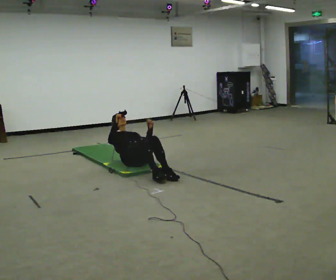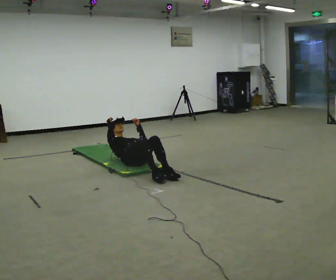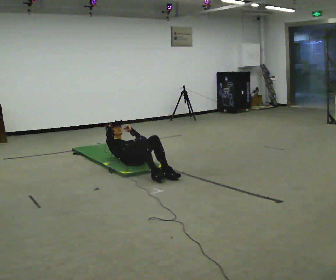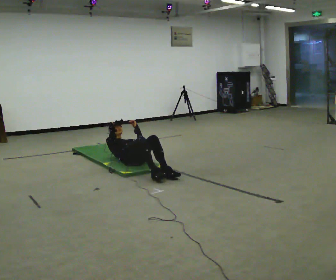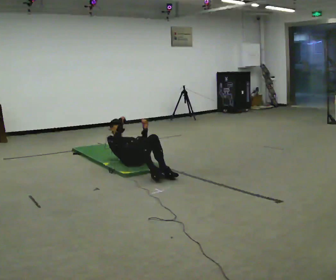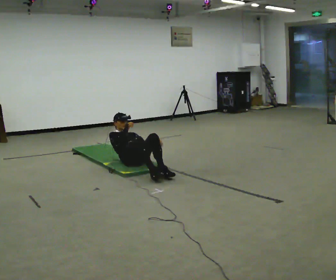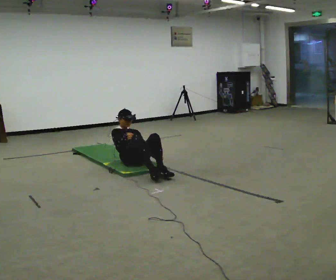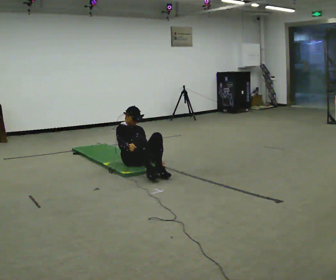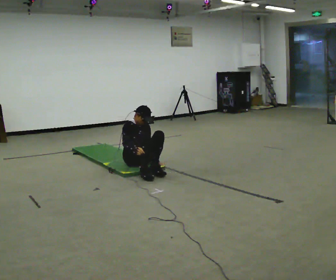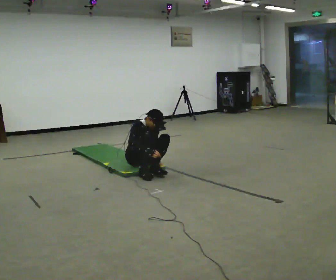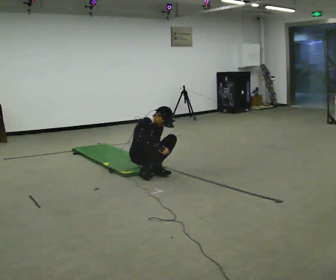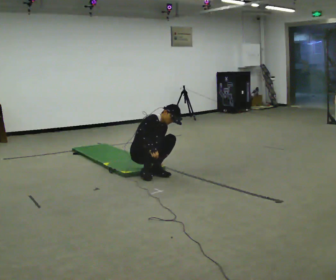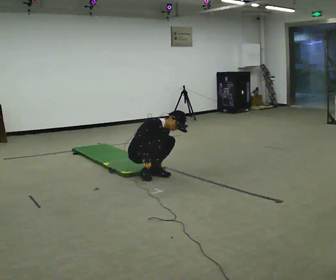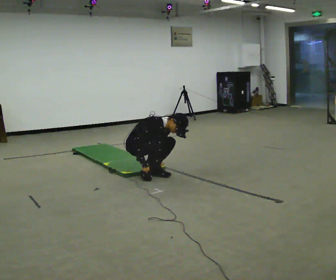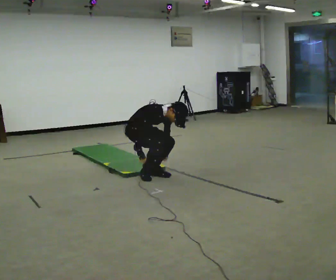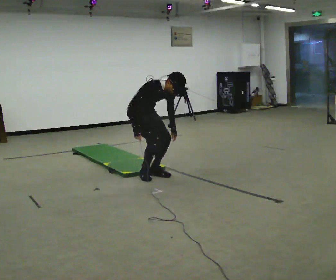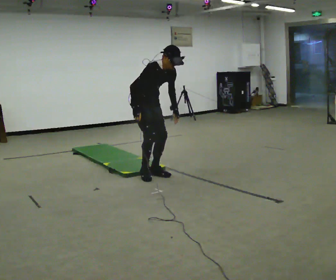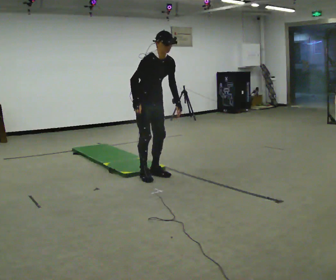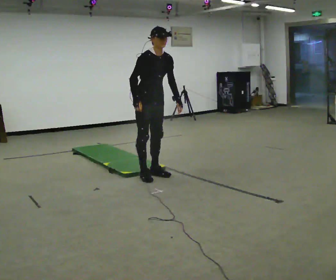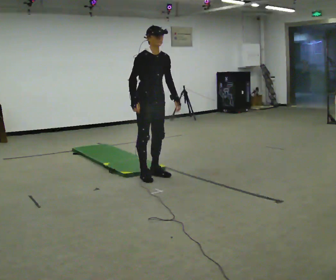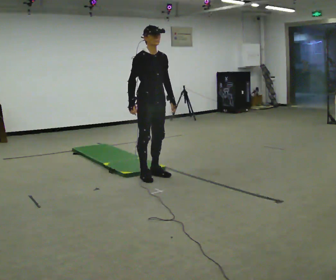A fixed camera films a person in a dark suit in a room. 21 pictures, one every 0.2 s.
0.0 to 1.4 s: In the picture their left hand goes downward.
1.4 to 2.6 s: In the picture they go toward the camera, about 0.25 m in 2 steps, which for them is forward and to their right. The shoulders move upward. The upper body tips toward the camera, its near side rolling downward, as they bend forward.
2.6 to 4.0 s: In the picture they go toward the camera, about 0.25 m, which for them is forward. The upper body goes upward. In the picture the upper body tilts counterclockwise, shoulders to the left, as they lean back or straighten. In the picture their left hand goes upward.
The film runs forward here.
